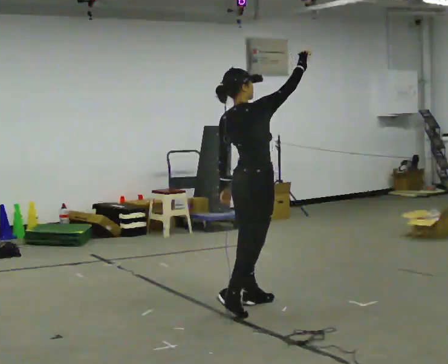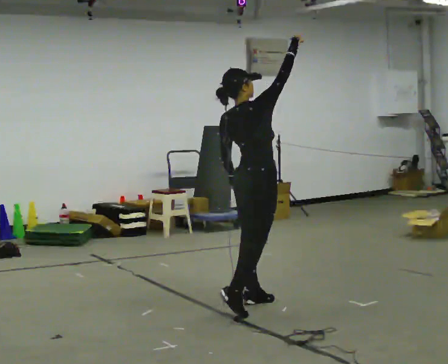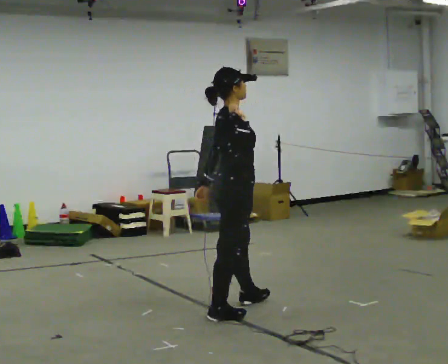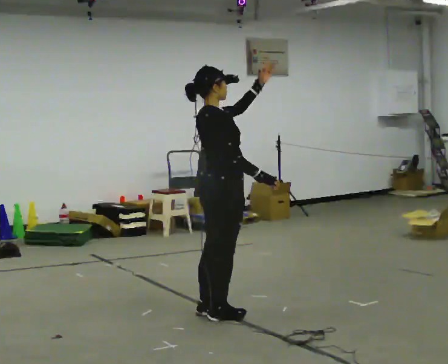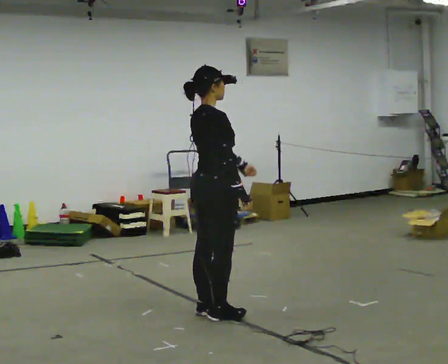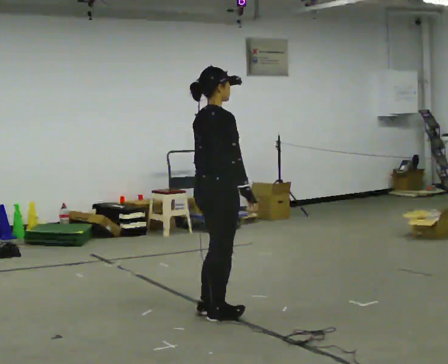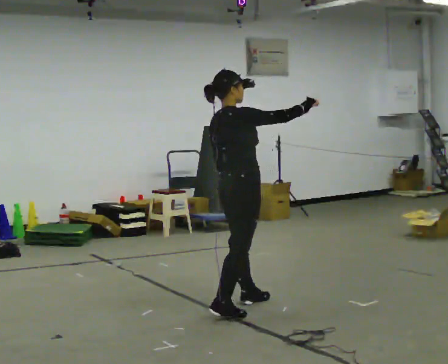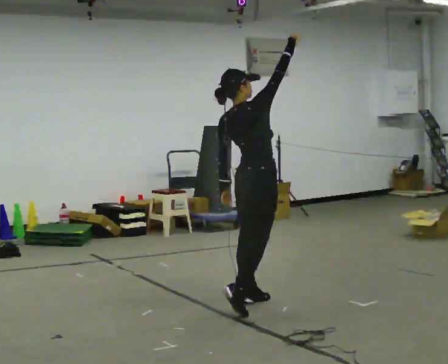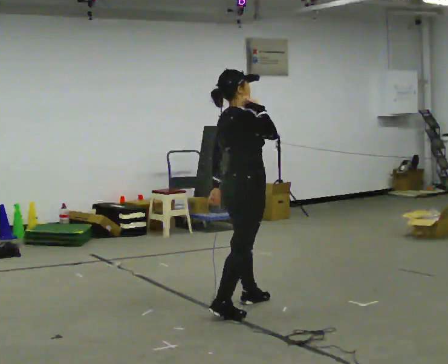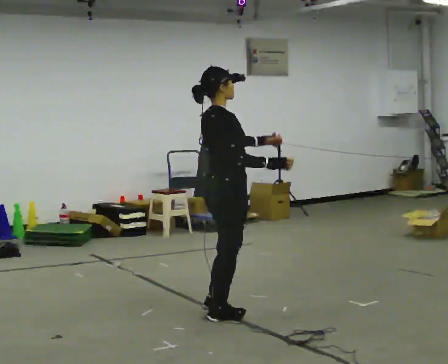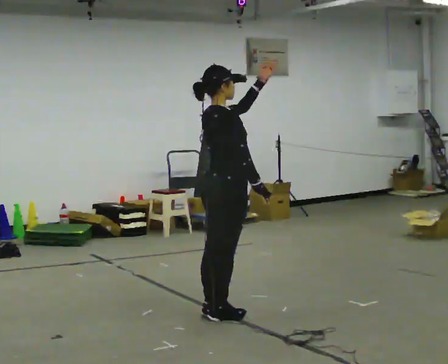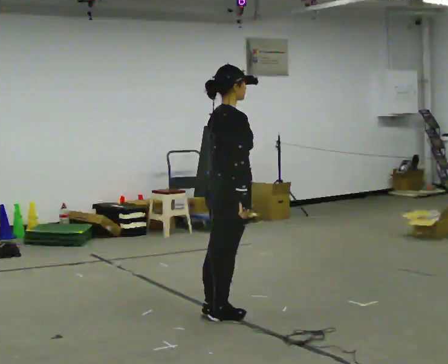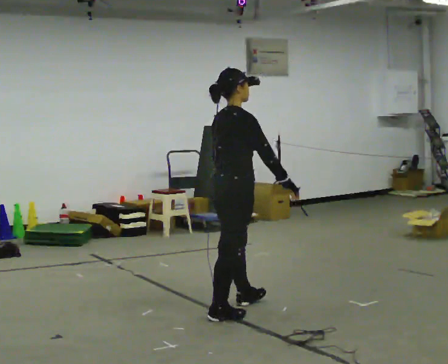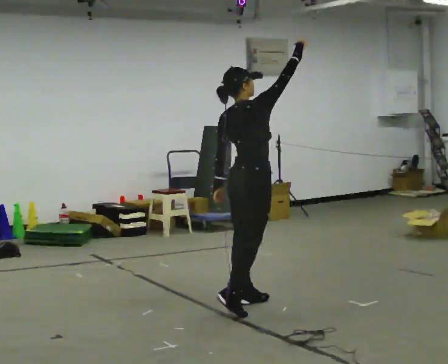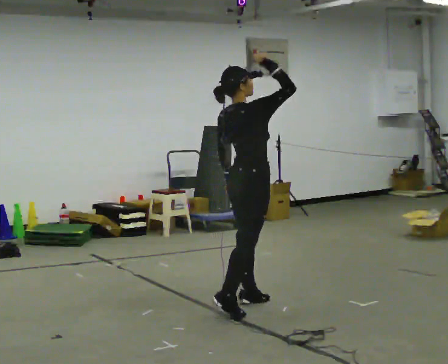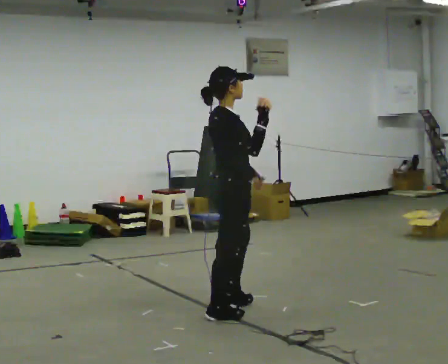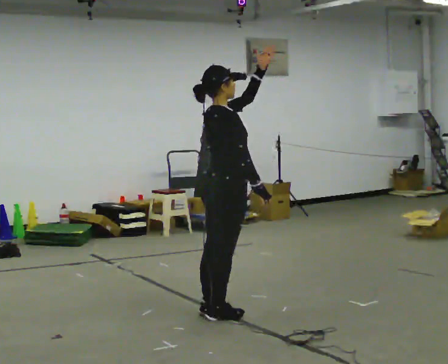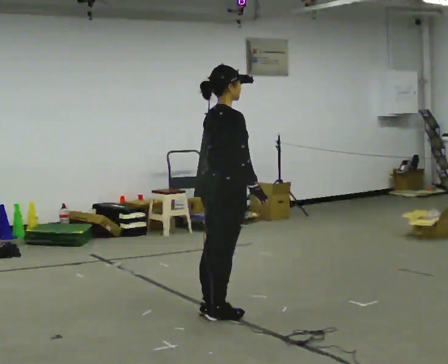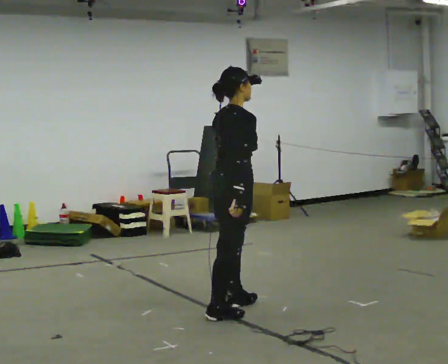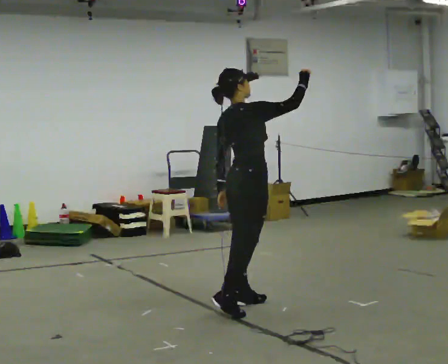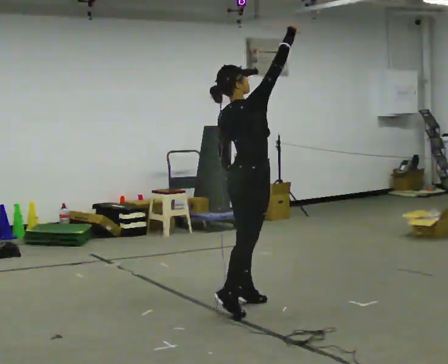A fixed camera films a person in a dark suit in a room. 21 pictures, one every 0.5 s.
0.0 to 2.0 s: In the picture they go to the left and toward the camera, about 0.25 m in 1 step, which for them is backward. In the picture their right hand goes downward.
2.0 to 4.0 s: In the picture they go to the right, about 0.25 m in 1 step, which for them is forward. In the picture their right hand goes upward.
4.0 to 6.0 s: In the picture they go toward the camera, about 0.25 m in 2 steps, which for them is backward. In the picture their right hand goes downward.
6.0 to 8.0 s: In the picture their left hand goes upward, the arm swinging counterclockwise.
8.0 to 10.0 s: In the picture they go away from the camera and to the right, about 0.25 m in 1 step, which for them is forward. In the picture their right hand goes upward.
The film runs backward here.
